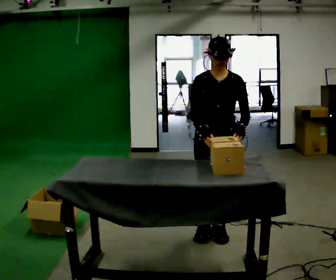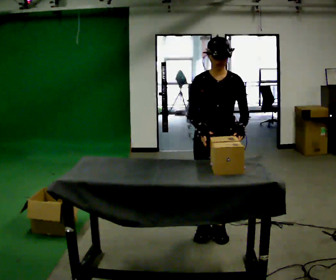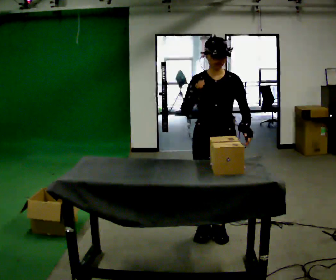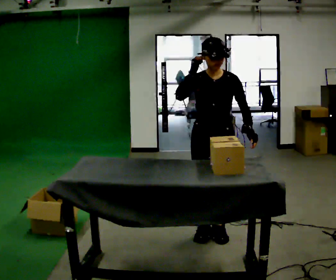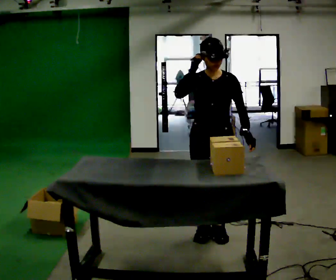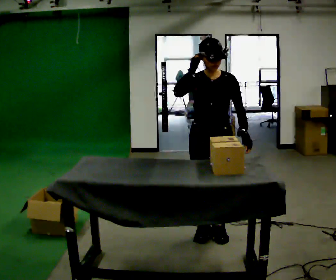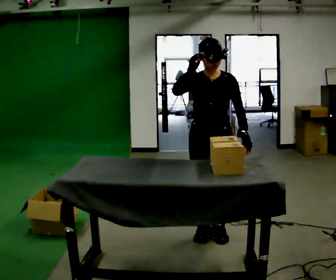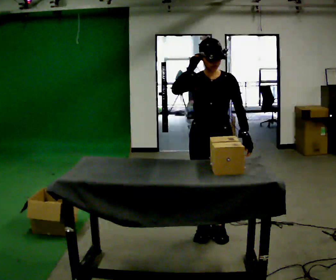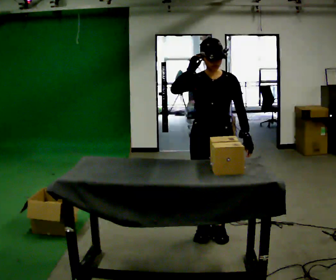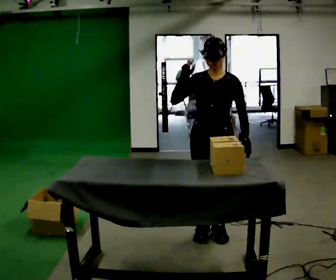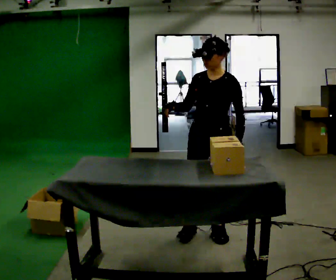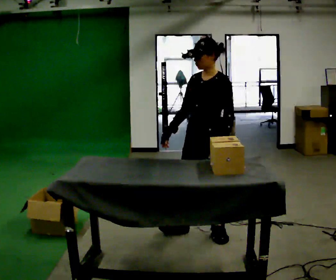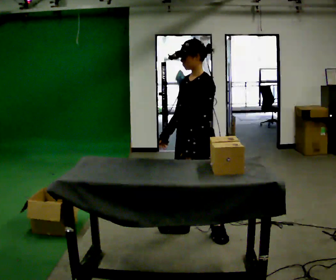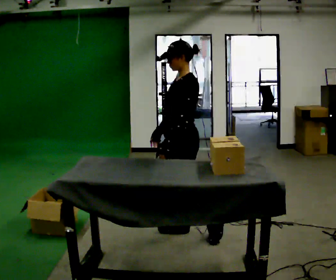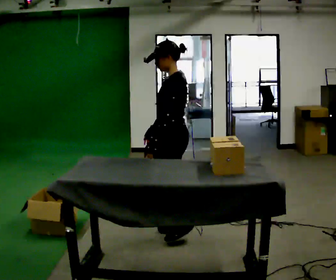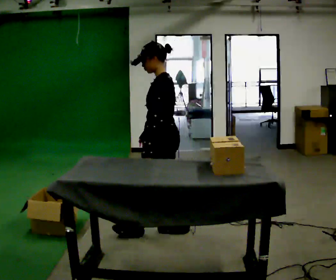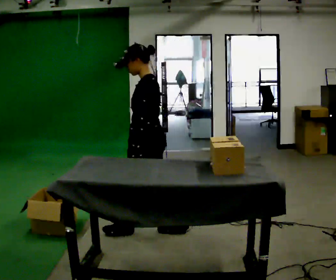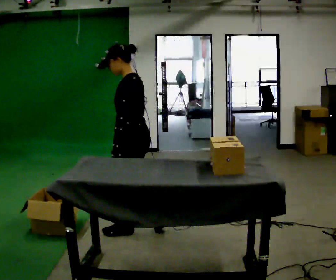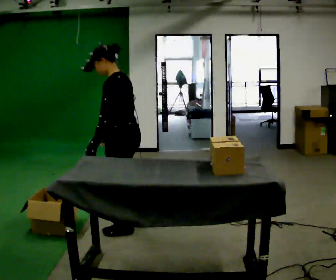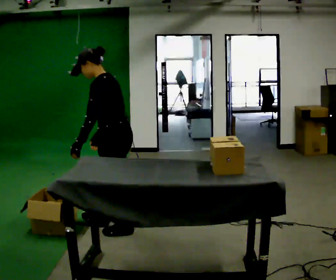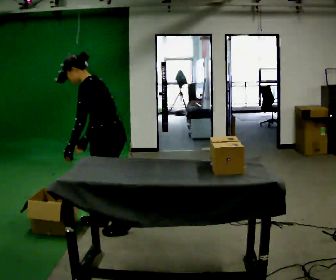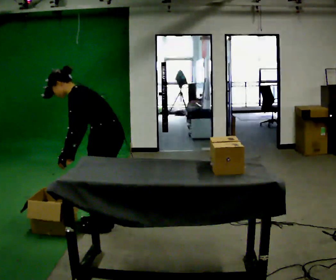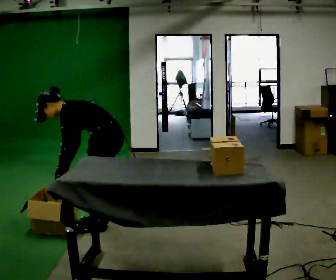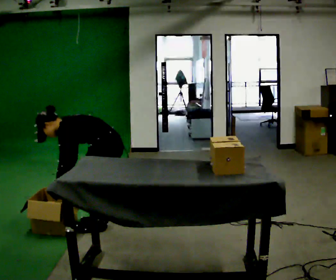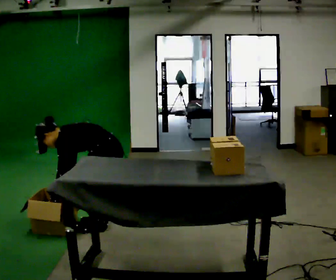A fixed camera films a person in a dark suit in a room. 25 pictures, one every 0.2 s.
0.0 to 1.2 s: In the picture their right hand goes upward.
1.2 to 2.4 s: The part of the body nearest the lens slides to the left as the person turns to their right by about 60 degrees. In the picture their right hand goes downward.
2.4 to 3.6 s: The part of the body nearest the lens slides to the left as the person turns to their right by about 45 degrees. In the picture they go to the left, about 0.5 m in 1 step, which for them is forward.
3.6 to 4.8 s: In the picture they go to the left, about 0.25 m in 2 steps, which for them is forward. The upper body goes downward. In the picture the upper body tilts counterclockwise, shoulders to the left, as they bend forward. In the picture their right hand goes downward and to the left.
The film runs forward here.
